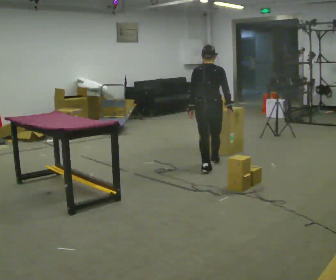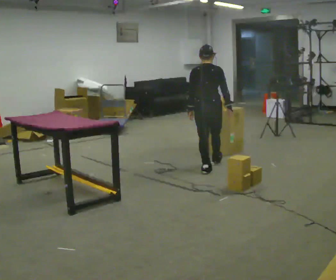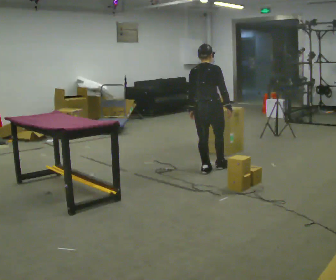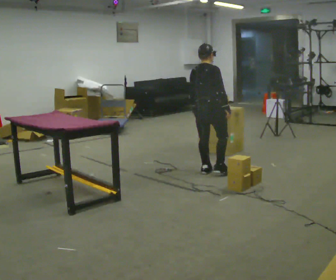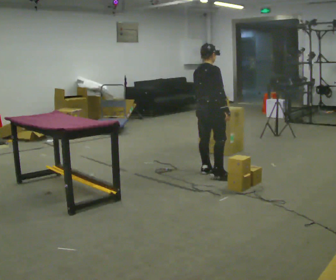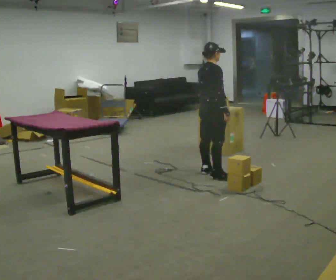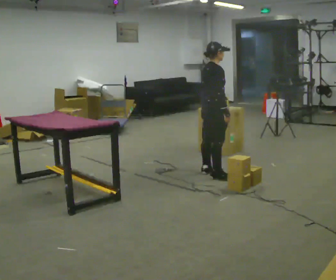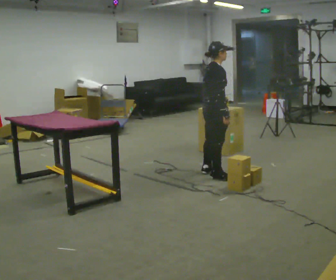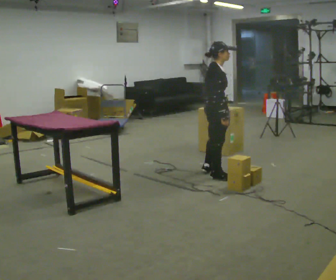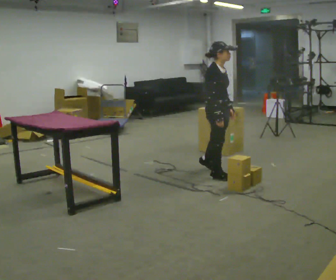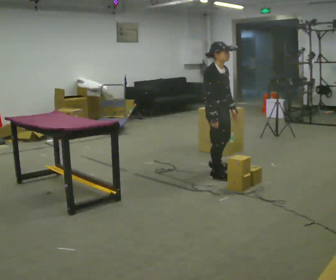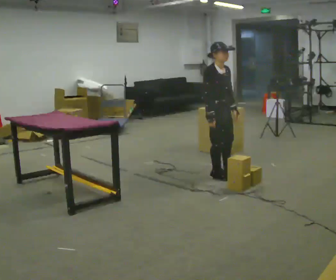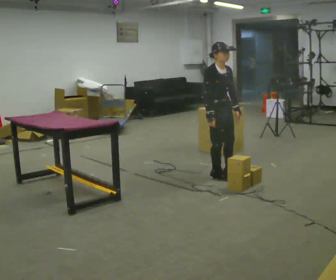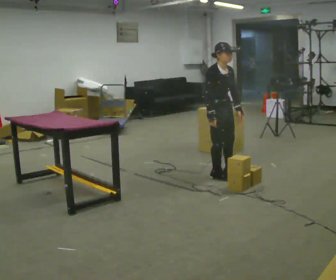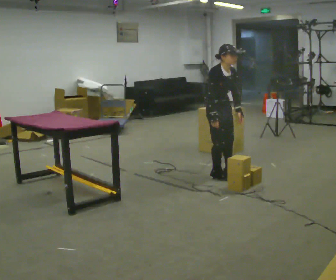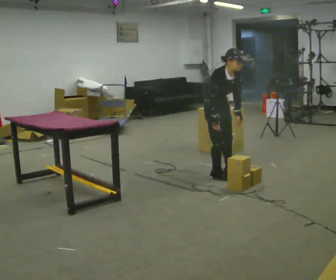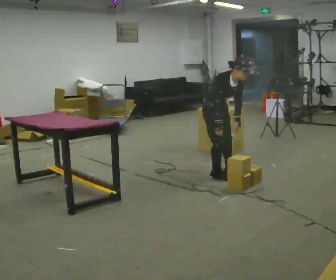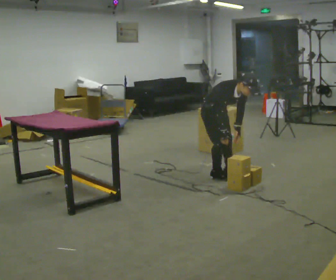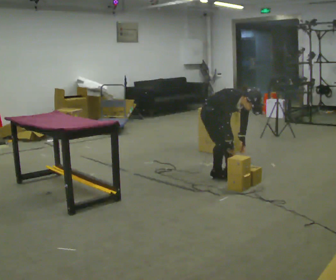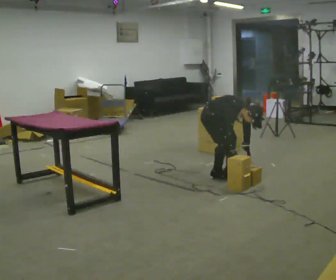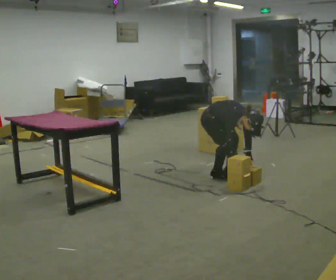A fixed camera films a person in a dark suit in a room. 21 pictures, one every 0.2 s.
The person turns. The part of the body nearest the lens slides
to the left.
Their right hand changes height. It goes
downward.
0.0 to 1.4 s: Seen from above the body turns clockwise, about 75 degrees: to their right, with its near side sliding to the left. In the picture they go toward the camera, about 0.25 m in 1 step.
1.4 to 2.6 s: The person turns about 60 degrees to their right, clockwise seen from above, so the part of the body nearest the lens slides to the left.
2.6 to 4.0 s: The shoulders move downward. In the picture the upper body tilts clockwise, shoulders to the right, as they bend forward. In the picture their right hand goes downward.
The film runs backward here.
